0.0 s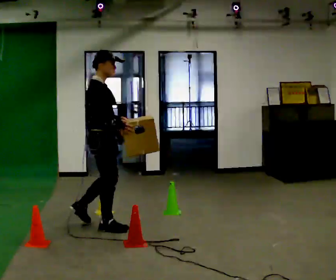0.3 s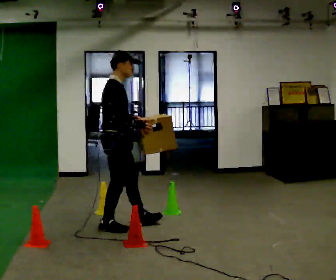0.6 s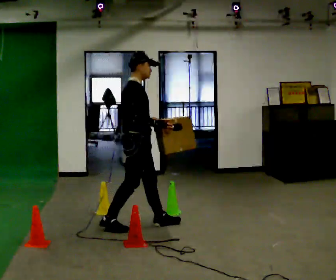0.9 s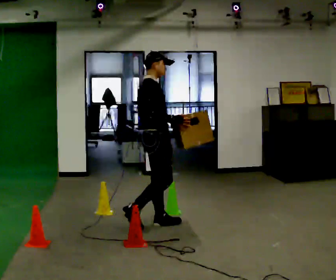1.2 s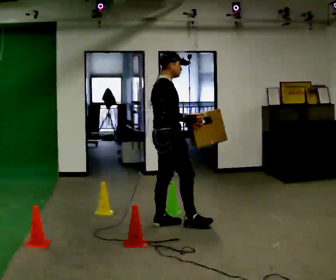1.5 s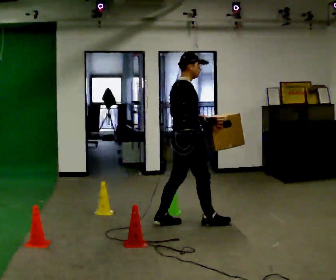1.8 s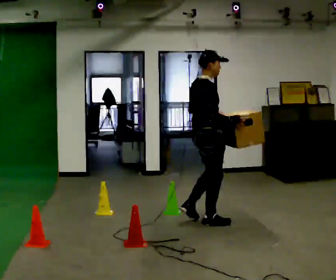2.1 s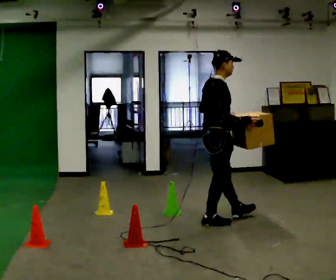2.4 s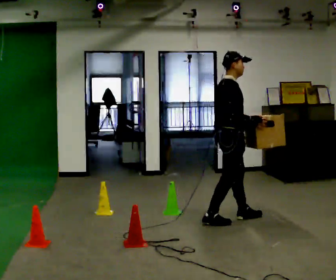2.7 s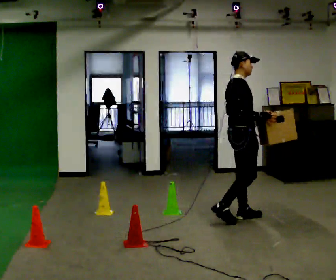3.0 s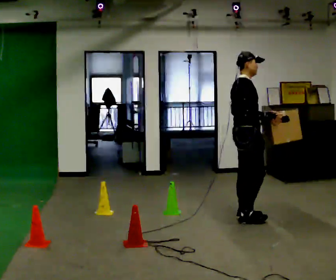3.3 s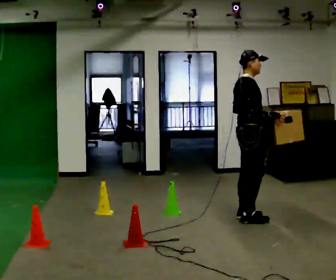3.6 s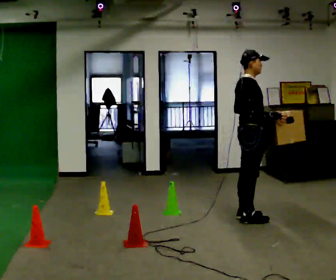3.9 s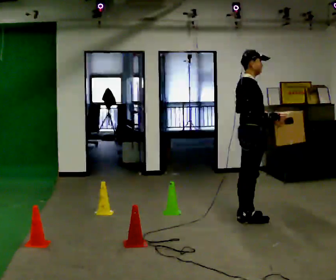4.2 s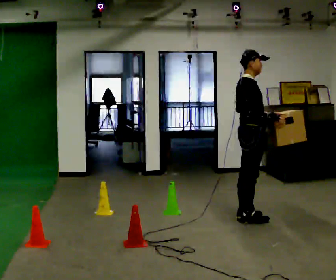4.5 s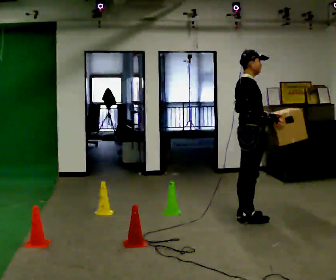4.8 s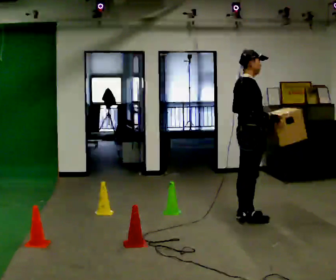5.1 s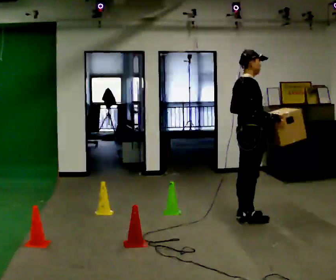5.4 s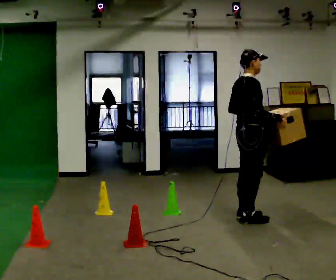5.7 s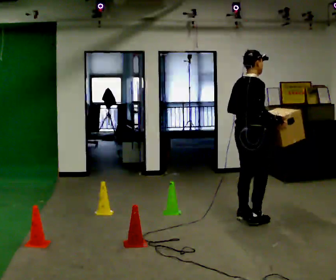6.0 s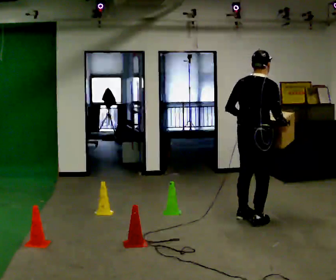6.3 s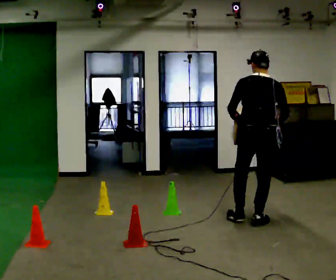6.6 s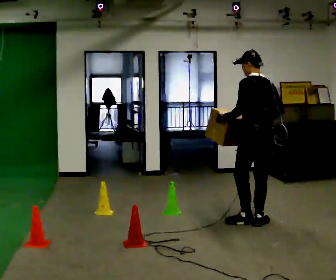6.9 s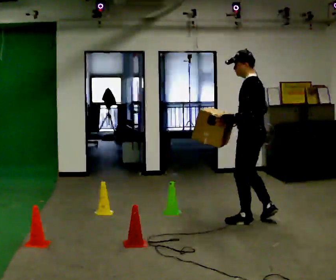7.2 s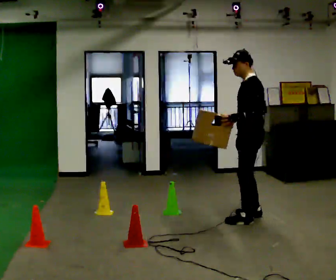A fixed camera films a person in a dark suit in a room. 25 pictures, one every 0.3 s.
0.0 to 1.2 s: In the picture they go to the right and away from the camera, about 0.75 m in 1 step, which for them is forward.
1.2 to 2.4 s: In the picture they go to the right and away from the camera, about 0.75 m in 2 steps, which for them is forward.
2.4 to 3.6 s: In the picture they go to the right, about 0.25 m in 1 step, which for them is forward.
3.6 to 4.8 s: The person moves a little, or ends about where they began.
4.8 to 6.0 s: Seen from above the body turns counterclockwise, about 45 degrees: to their left, with its near side sliding to the right.
6.0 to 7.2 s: Seen from above the body turns counterclockwise, about 120 degrees: to their left, with its near side sliding to the right.
The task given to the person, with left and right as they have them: Carry the box through the gap between the panels without touching either side, then set it down and bring it back. Keep going until the operator says stop; one object at a time, and do not rush between trips.
The film runs forward here.
